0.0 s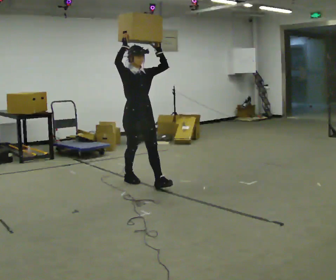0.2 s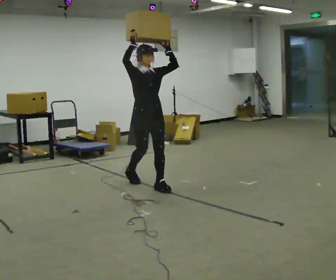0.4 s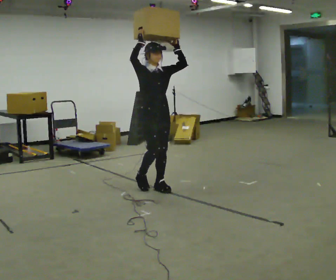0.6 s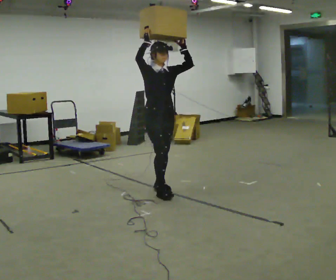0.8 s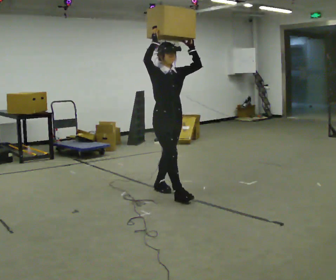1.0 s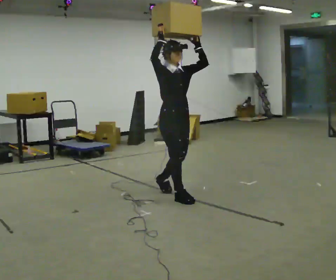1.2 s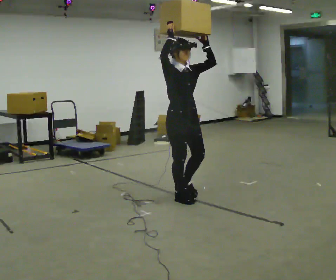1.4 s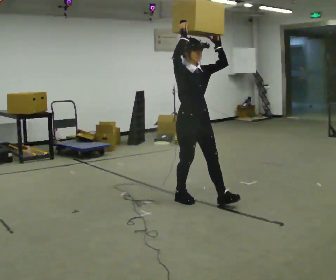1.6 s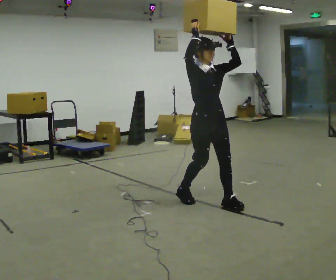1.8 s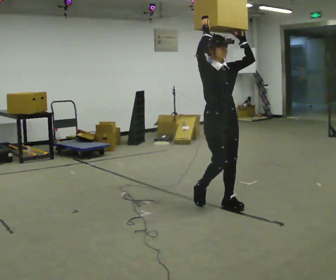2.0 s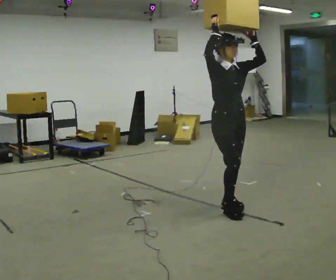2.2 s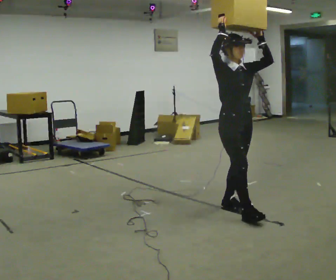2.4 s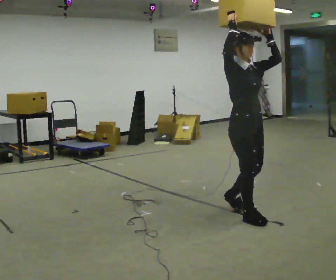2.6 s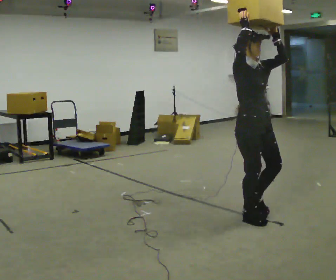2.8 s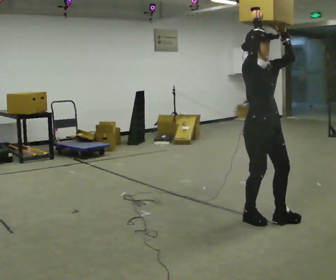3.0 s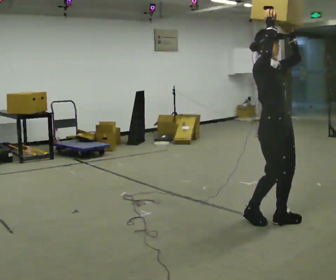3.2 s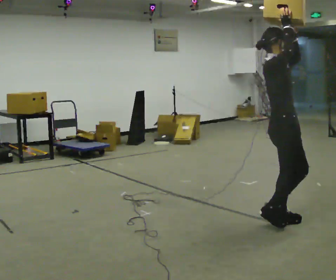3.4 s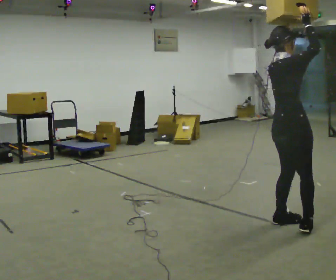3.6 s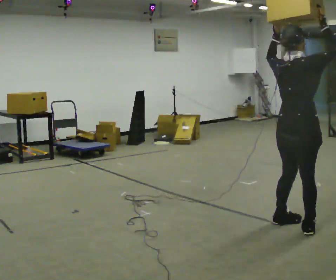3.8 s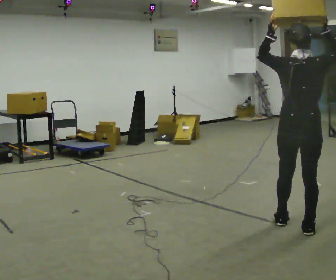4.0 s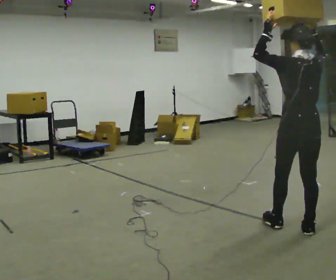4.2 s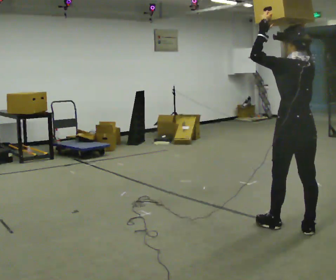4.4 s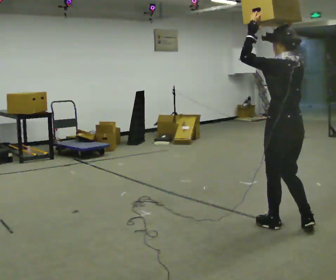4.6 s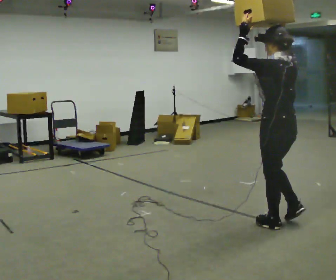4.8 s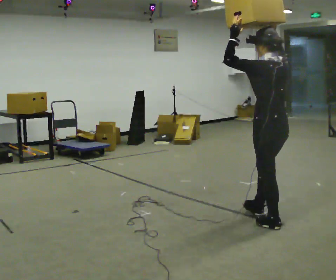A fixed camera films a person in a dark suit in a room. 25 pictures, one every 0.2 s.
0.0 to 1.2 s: In the picture they go to the right and toward the camera, about 1 m in 2 steps, which for them is forward.
1.2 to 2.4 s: In the picture they go to the right and toward the camera, about 1 m in 2 steps, which for them is forward.
2.4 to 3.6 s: The person turns about 90 degrees to their left, counterclockwise seen from above, so the part of the body nearest the lens slides to the right. In the picture they go to the right and toward the camera, about 0.5 m in 2 steps.
3.6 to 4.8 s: The part of the body nearest the lens slides to the right as the person turns to their left by about 90 degrees. In the picture they go to the left, about 0.25 m. In the picture their left hand goes to the left.
The film runs forward here.
